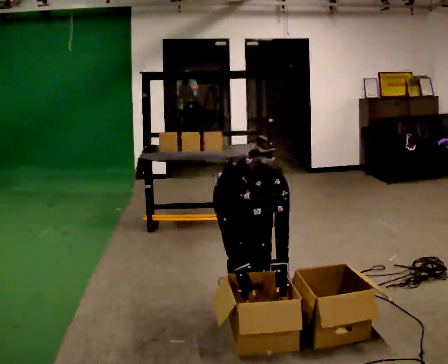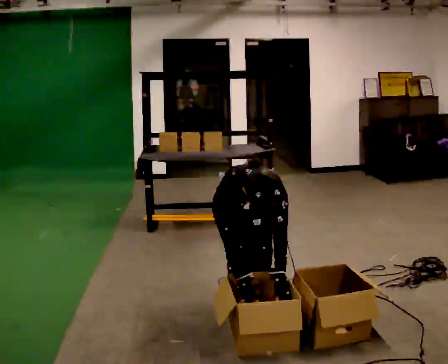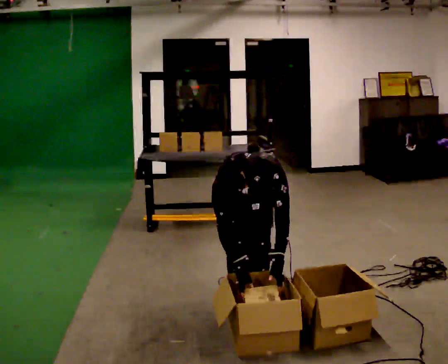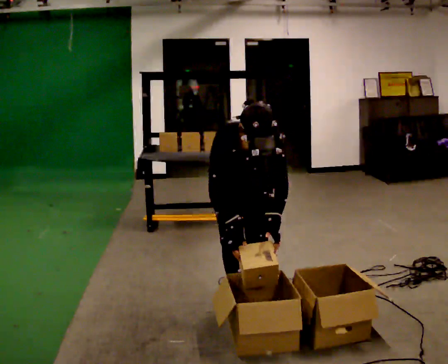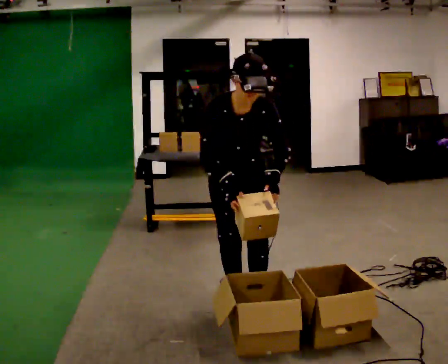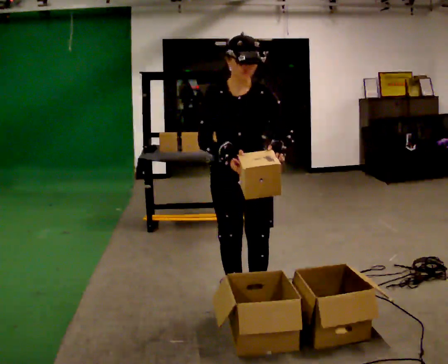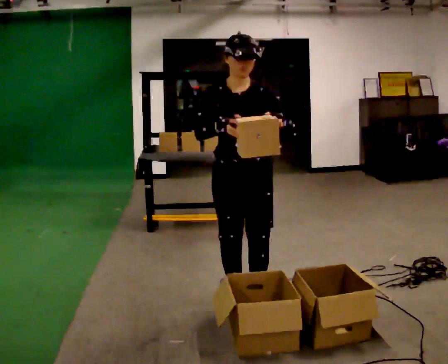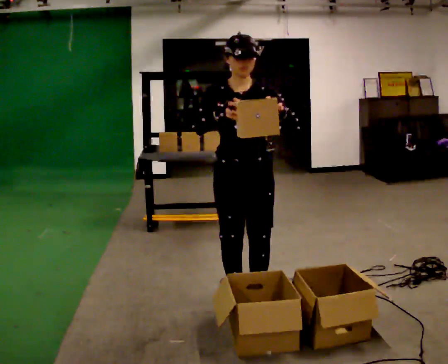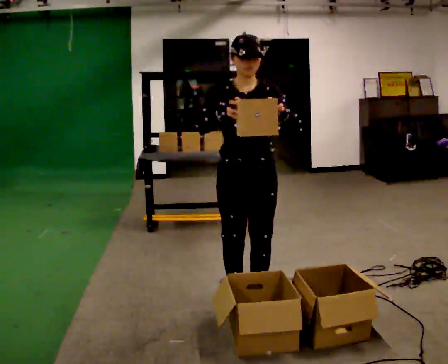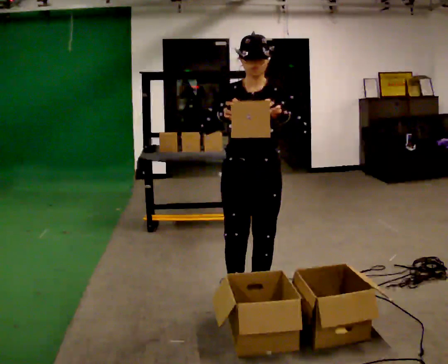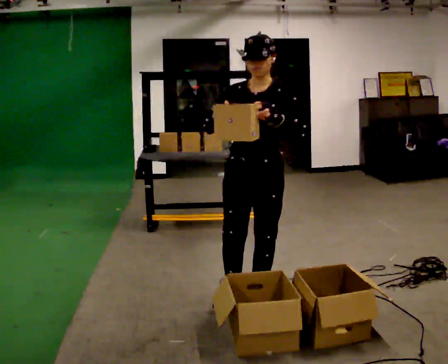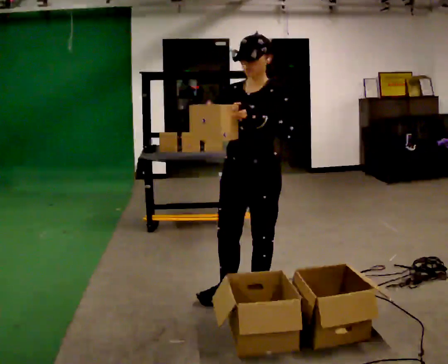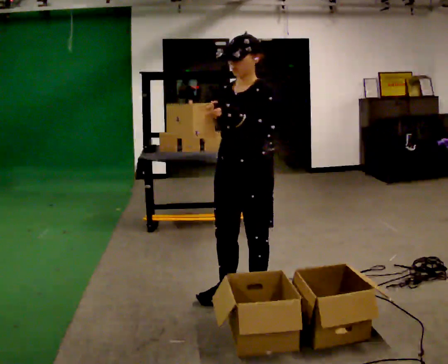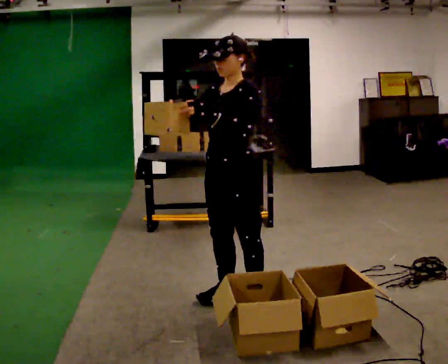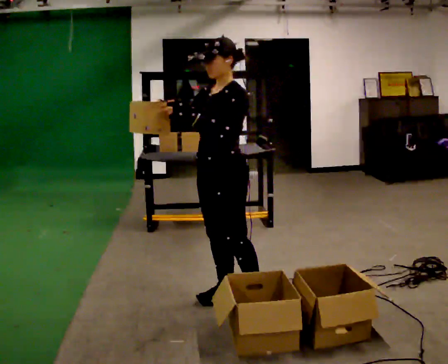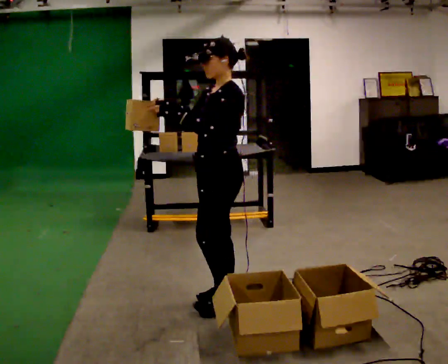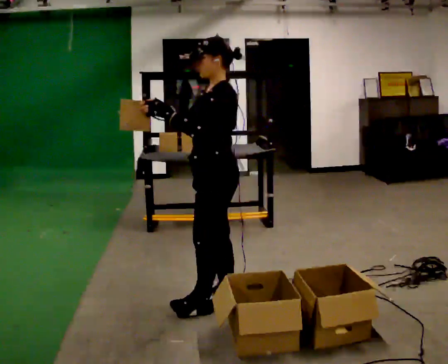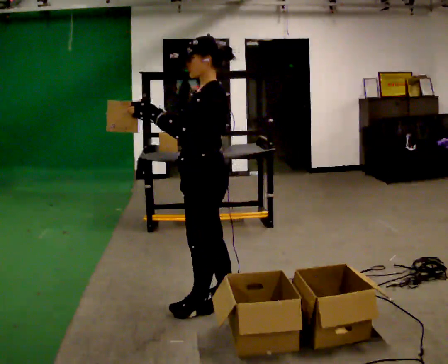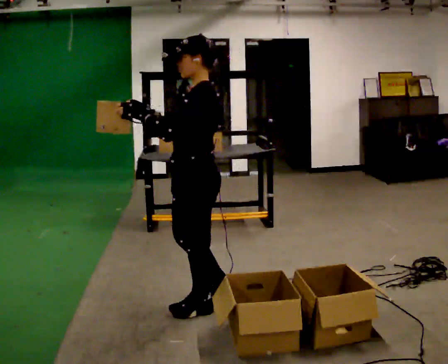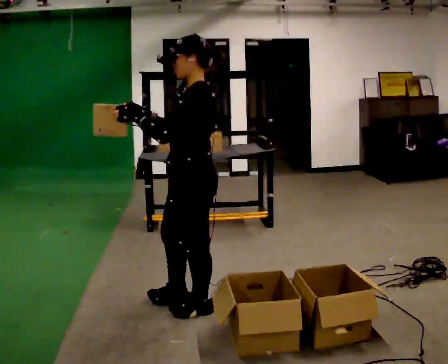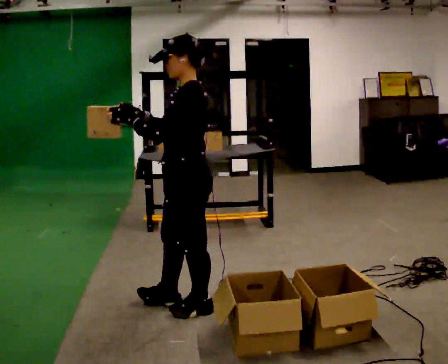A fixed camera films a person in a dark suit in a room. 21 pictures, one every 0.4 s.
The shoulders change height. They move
upward.
The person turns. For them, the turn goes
to their right.
0.0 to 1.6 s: The shoulders move upward. The upper body tips away from the camera, its near side rolling upward, as they lean back or straighten. In the picture their left hand goes upward.
1.6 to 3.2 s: The upper body tips away from the camera, its near side rolling upward, as they lean back or straighten. In the picture their right hand goes upward.
3.2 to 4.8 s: The part of the body nearest the lens slides to the left as the person turns to their right by about 45 degrees.
4.8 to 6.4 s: The person turns about 45 degrees to their right, clockwise seen from above, so the part of the body nearest the lens slides to the left. In the picture they go to the left, about 0.25 m in 1 step, which for them is forward. In the picture their left hand goes to the left.
6.4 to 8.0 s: The person moves a little, or ends about where they began.
The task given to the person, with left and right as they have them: 1. Look at the shelf and see which spaces are empty. 2. Find matching items in the bins on the floor. 3. Fill the empty spaces on the shelf. 4. Tell the operator when you are finished.
The film runs forward here.
